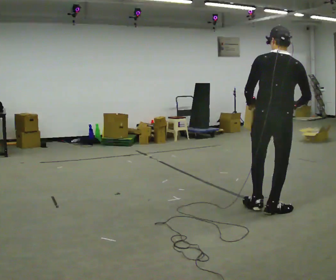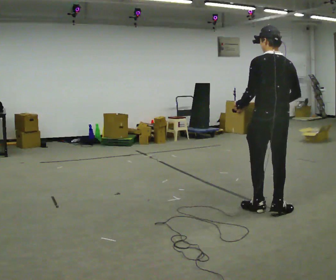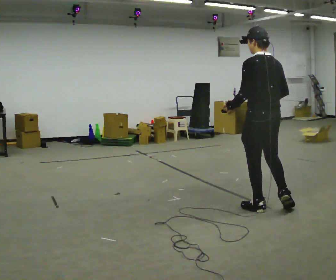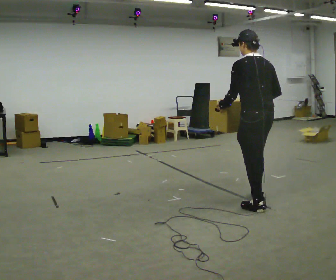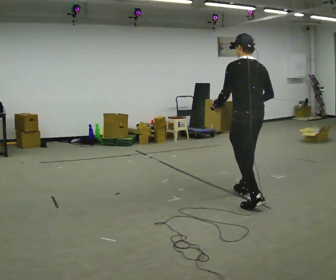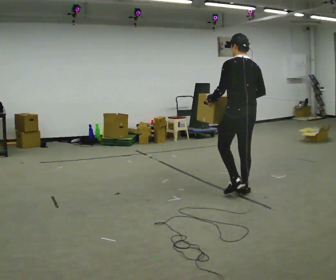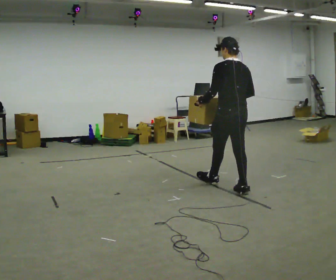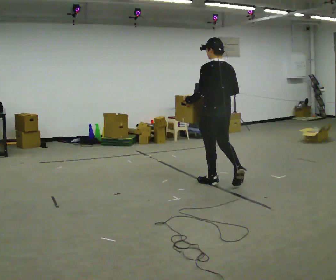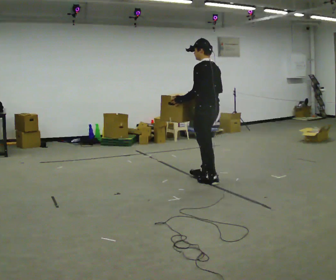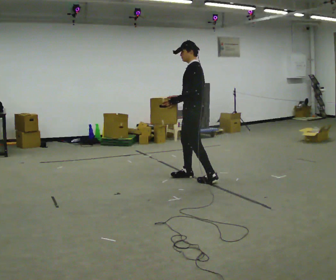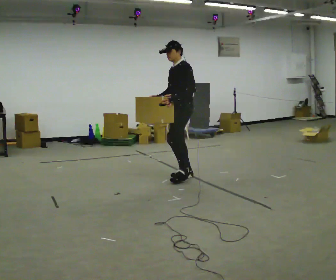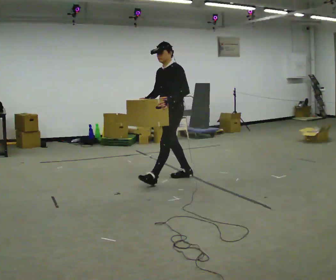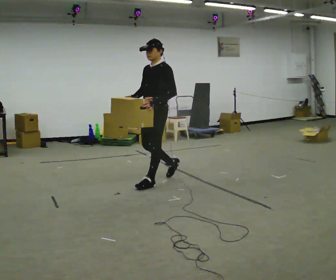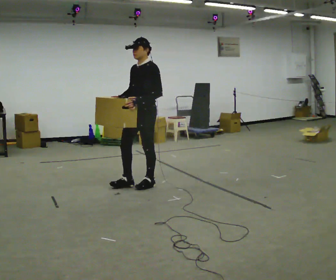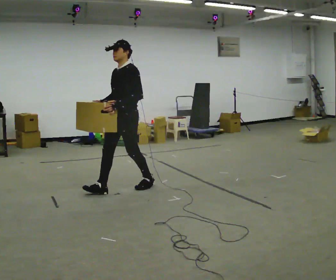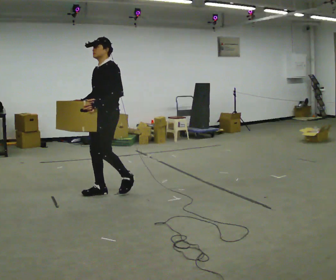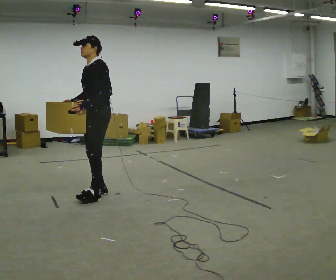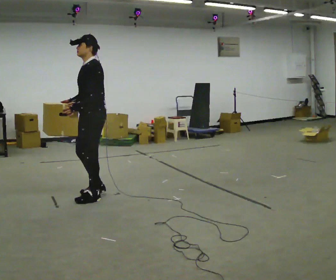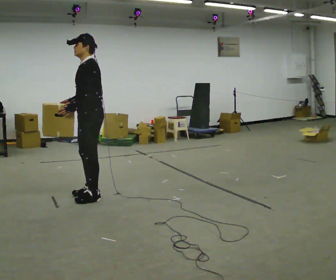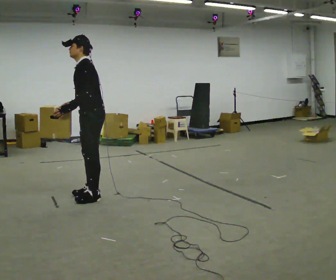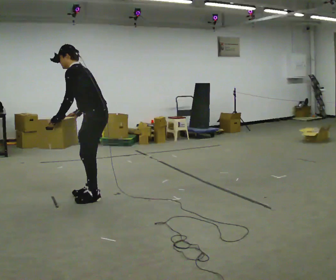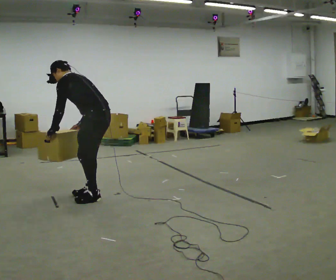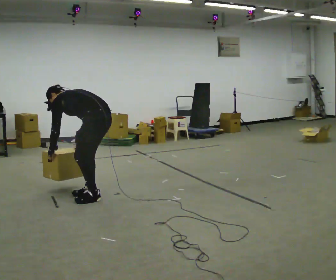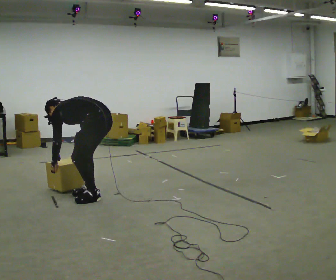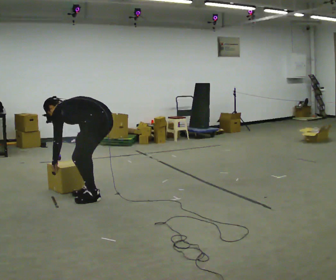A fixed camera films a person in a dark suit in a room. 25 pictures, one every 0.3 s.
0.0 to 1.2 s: The part of the body nearest the lens slides to the right as the person turns to their left by about 30 degrees. In the picture they go away from the camera, about 0.5 m in 2 steps, which for them is forward.
1.2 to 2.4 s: The person turns about 30 degrees to their left, counterclockwise seen from above, so the part of the body nearest the lens slides to the right. In the picture they go away from the camera and to the left, about 1 m in 1 step, which for them is forward.
2.4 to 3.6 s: The person turns about 75 degrees to their left, counterclockwise seen from above, so the part of the body nearest the lens slides to the right. In the picture they go to the left, about 0.5 m in 2 steps.
3.6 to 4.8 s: In the picture they go to the left and toward the camera, about 0.5 m in 2 steps, which for them is forward.
4.8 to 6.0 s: The part of the body nearest the lens slides to the left as the person turns to their right by about 30 degrees. In the picture the upper body tilts counterclockwise, shoulders to the left, as they bend forward.
6.0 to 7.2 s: The shoulders move downward. In the picture the upper body tilts counterclockwise, shoulders to the left, as they bend forward. In the picture their left hand goes downward.
The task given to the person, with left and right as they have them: Carry the box along the marked route, turning 90 degrees at the corner the operator calls, and set it down at the end. Keep going until the operator says stop; one object at a time, and do not rush between trips.
The film runs forward here.
